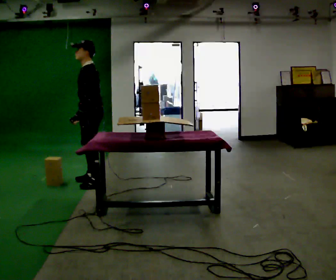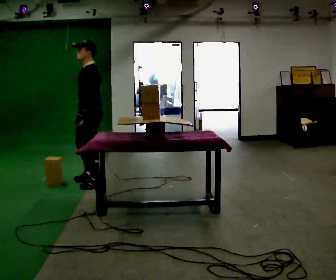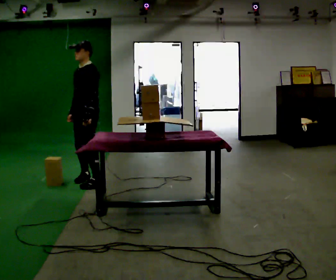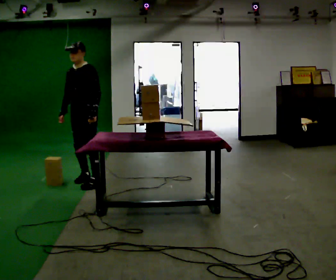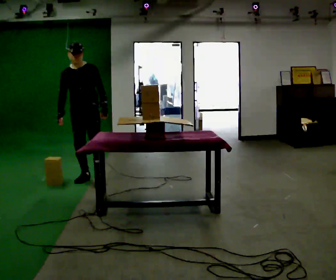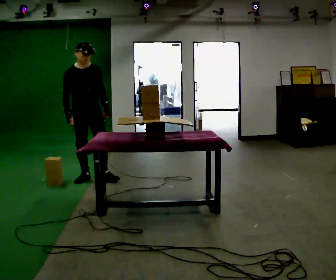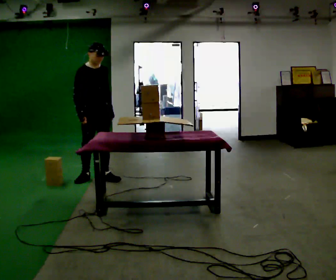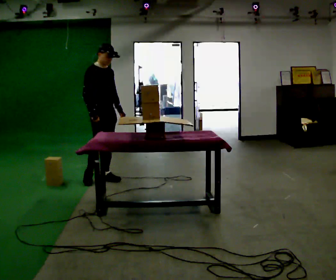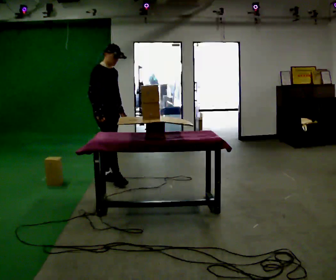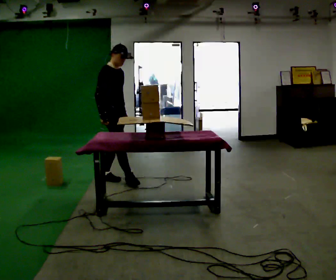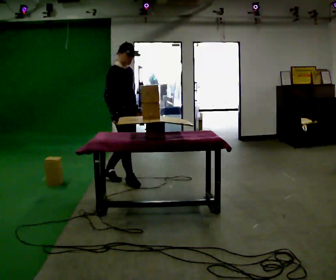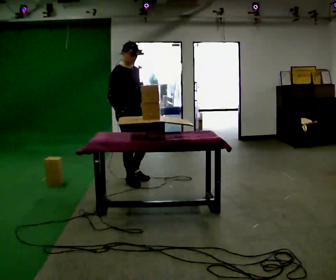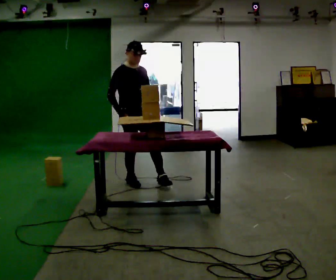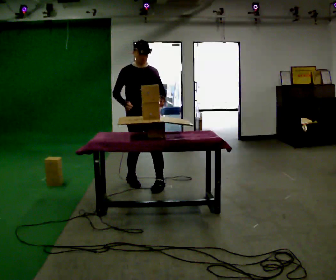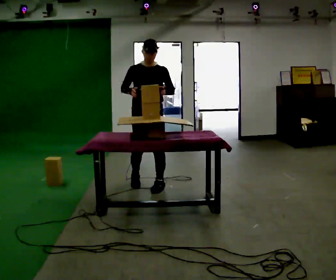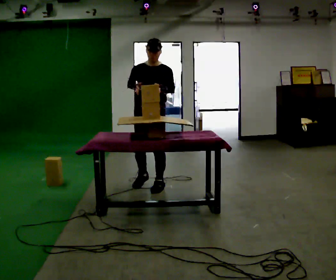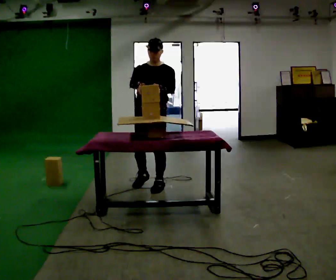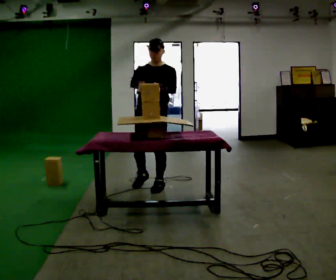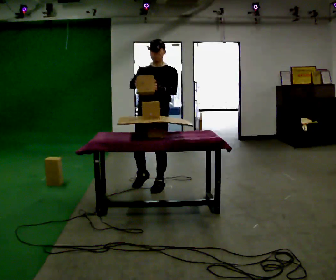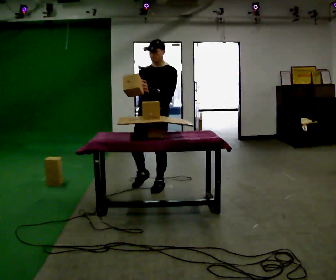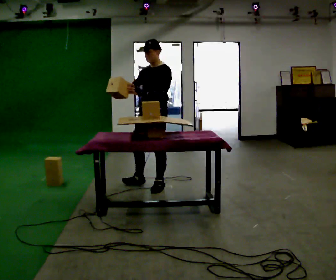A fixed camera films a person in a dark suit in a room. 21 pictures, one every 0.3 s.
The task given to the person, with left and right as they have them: Carry the object over and set it down on the wobbly board without tipping it over. Keep going until the operator says stop; one object at a time, and do not rush between trips.
0.0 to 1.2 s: Seen from above the body turns counterclockwise, about 75 degrees: to their left, with its near side sliding to the right. In the picture they go away from the camera, about 0.25 m in 1 step.
1.2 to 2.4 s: The person turns about 60 degrees to their left, counterclockwise seen from above, so the part of the body nearest the lens slides to the right. In the picture they go to the right, about 0.25 m in 1 step. In the picture their right hand goes to the right.
2.4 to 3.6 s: The part of the body nearest the lens slides to the left as the person turns to their right by about 30 degrees. In the picture they go to the right and toward the camera, about 0.5 m in 1 step, which for them is forward.
3.6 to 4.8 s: The part of the body nearest the lens slides to the left as the person turns to their right by about 45 degrees. In the picture they go to the right and toward the camera, about 0.25 m in 2 steps, which for them is to their left and forward.
4.8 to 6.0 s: The part of the body nearest the lens slides to the left as the person turns to their right by about 45 degrees.
The film runs forward here.
